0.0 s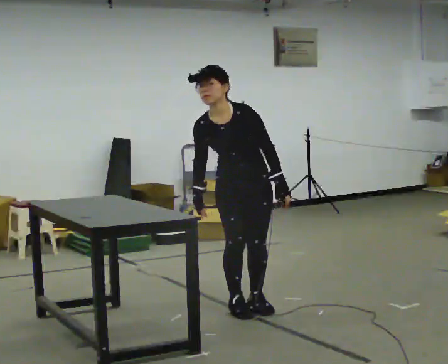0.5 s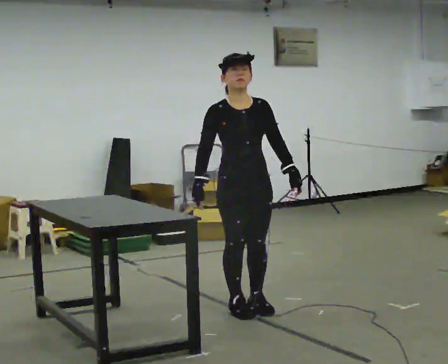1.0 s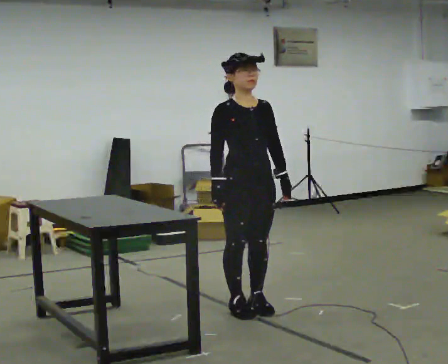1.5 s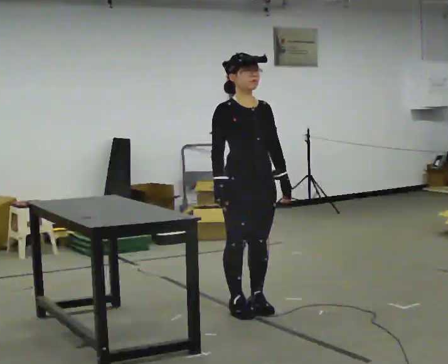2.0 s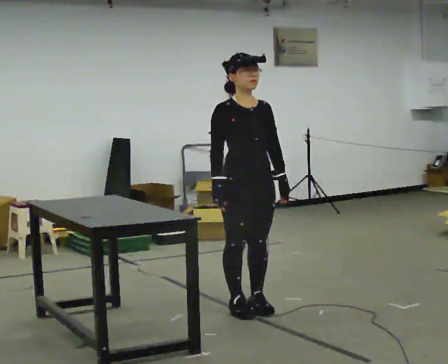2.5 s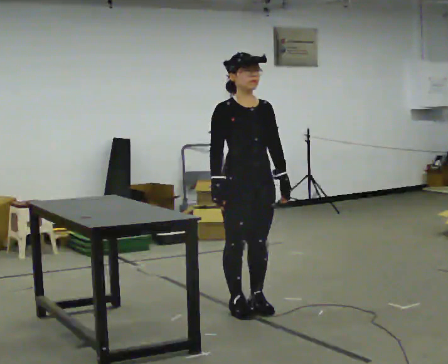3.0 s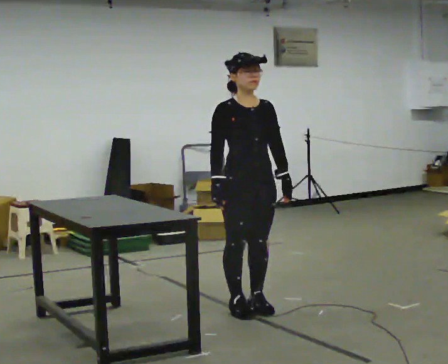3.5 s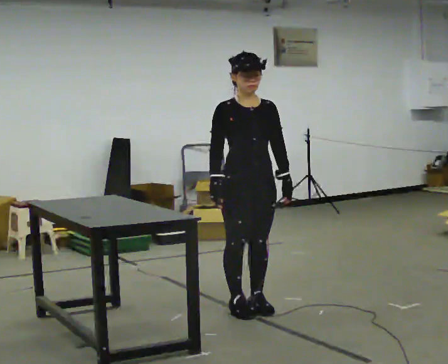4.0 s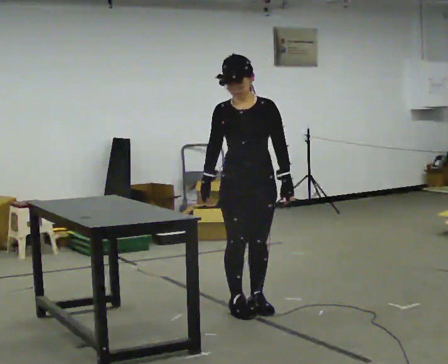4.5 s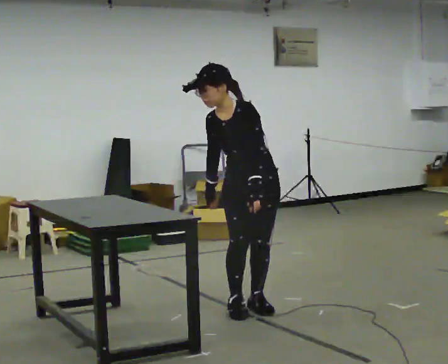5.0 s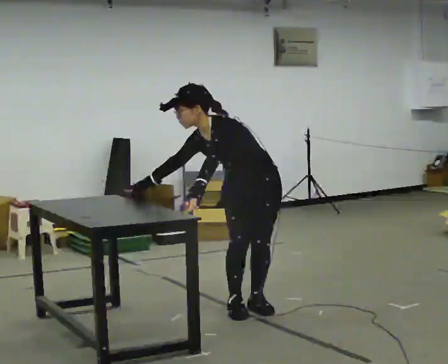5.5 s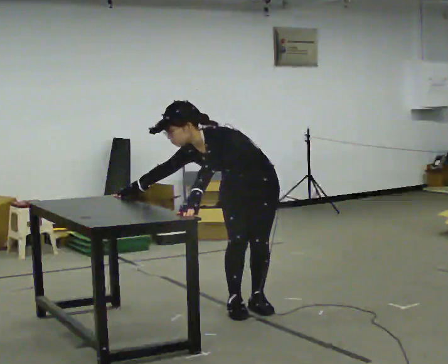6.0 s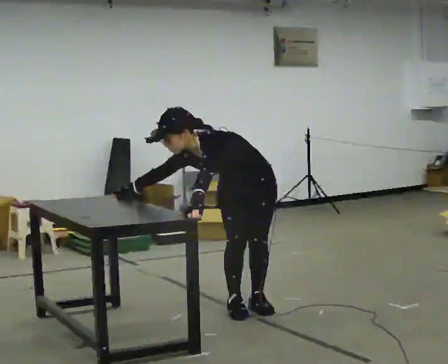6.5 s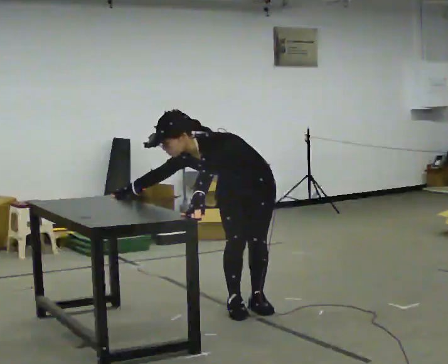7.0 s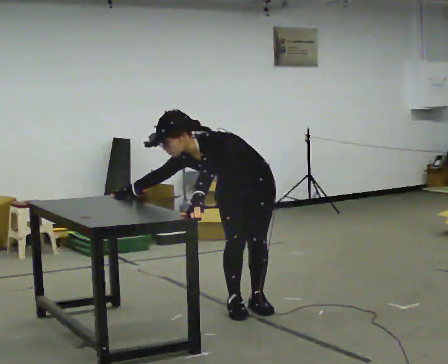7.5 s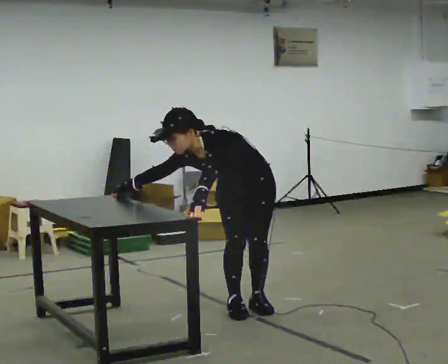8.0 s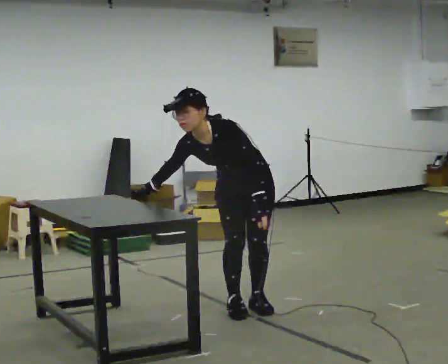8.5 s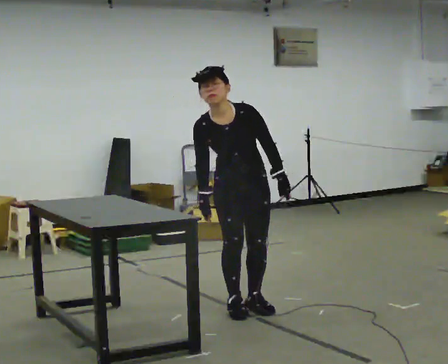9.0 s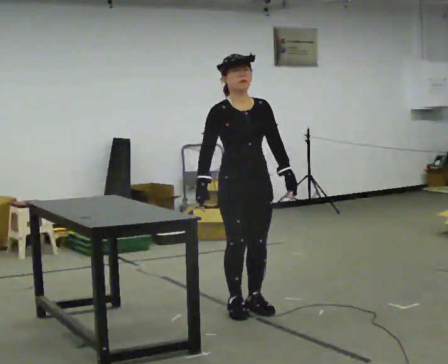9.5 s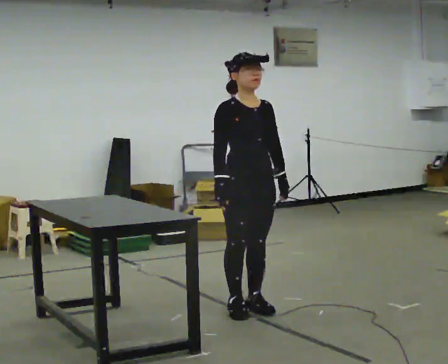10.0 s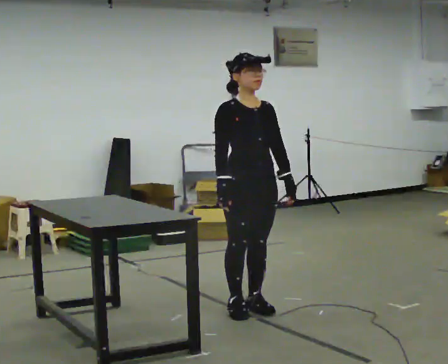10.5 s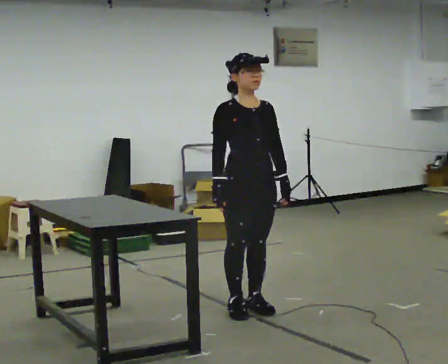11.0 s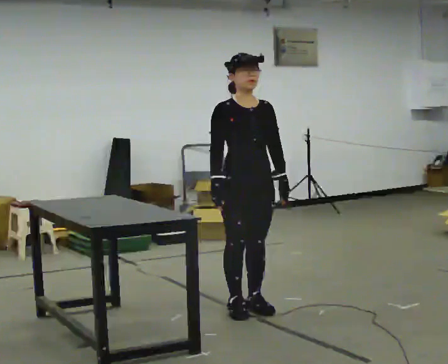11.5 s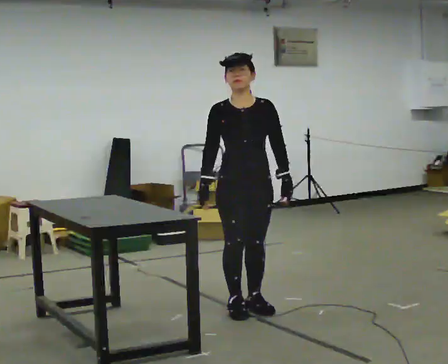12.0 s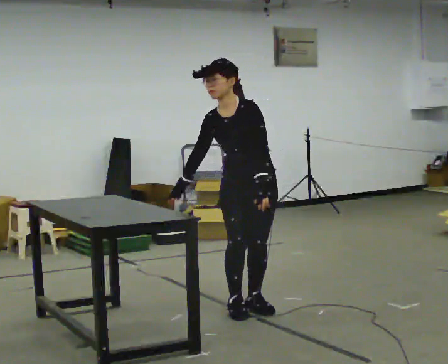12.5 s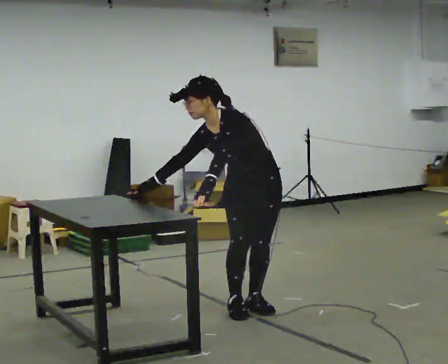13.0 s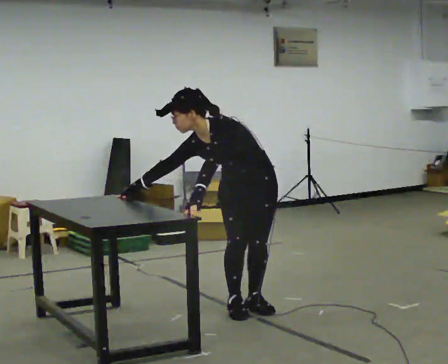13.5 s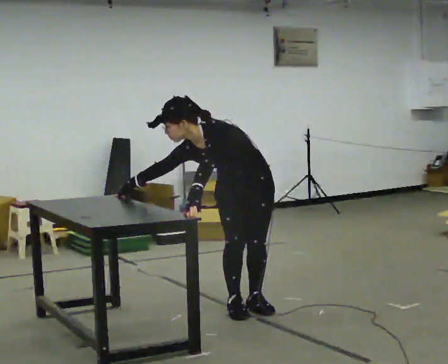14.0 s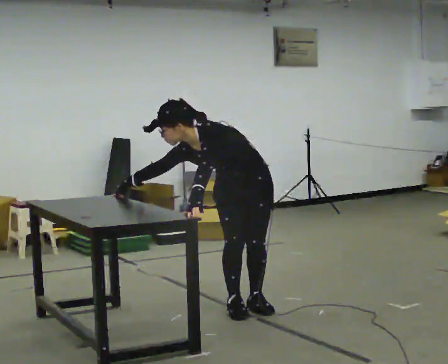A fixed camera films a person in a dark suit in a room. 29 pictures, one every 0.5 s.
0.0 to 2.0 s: Seen from above the body turns counterclockwise, about 30 degrees: to their left, with its near side sliding to the right. The upper body tips away from the camera, its near side rolling upward, as they lean back or straighten.
2.0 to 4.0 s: The person turns about 30 degrees to their right, clockwise seen from above, so the part of the body nearest the lens slides to the left.
4.0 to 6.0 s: The upper body goes downward. In the picture the upper body tilts counterclockwise, shoulders to the left, as they bend forward. In the picture their left hand goes to the left.
6.0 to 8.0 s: In the picture the upper body tilts clockwise, shoulders to the right. In the picture their left hand goes to the right.
8.0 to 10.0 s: The person turns about 45 degrees to their left, counterclockwise seen from above, so the part of the body nearest the lens slides to the right. The shoulders move upward. The upper body tips away from the camera, its near side rolling upward, as they lean back or straighten. In the picture their right hand goes to the right.
10.0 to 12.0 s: The person turns about 45 degrees to their right, clockwise seen from above, so the part of the body nearest the lens slides to the left. The upper body tips toward the camera, its near side rolling downward, as they bend forward.
12.0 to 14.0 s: The shoulders move downward. In the picture the upper body tilts counterclockwise, shoulders to the left, as they bend forward. In the picture their left hand goes to the left.
The film runs forward here.
